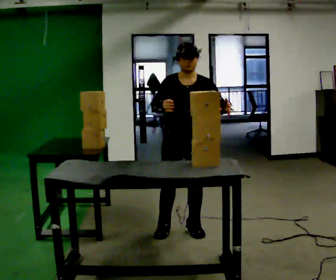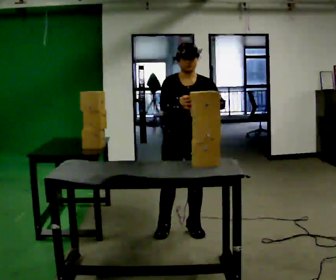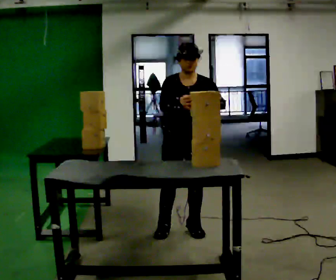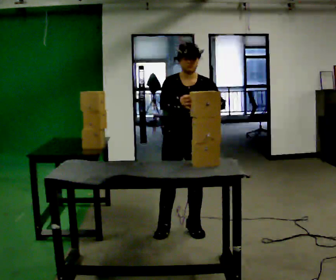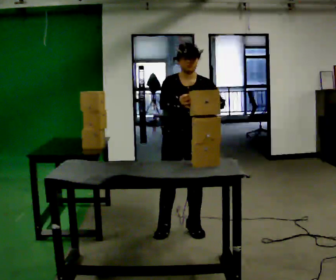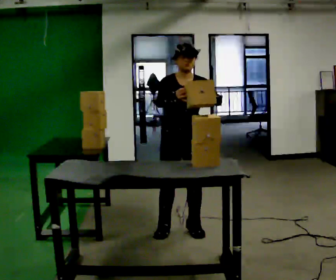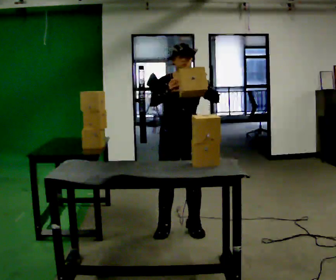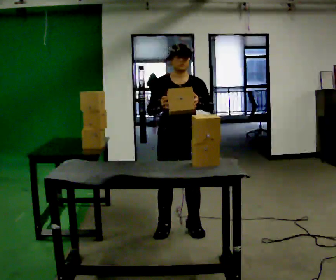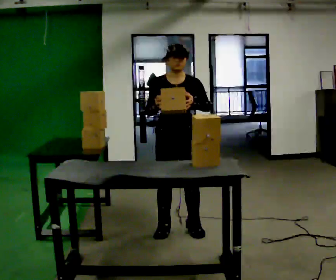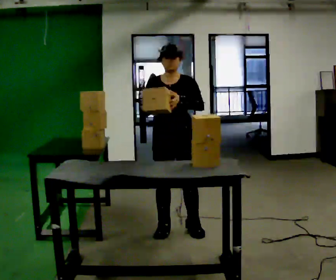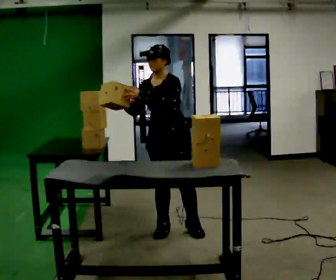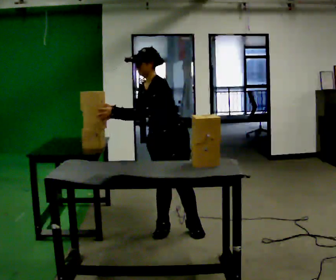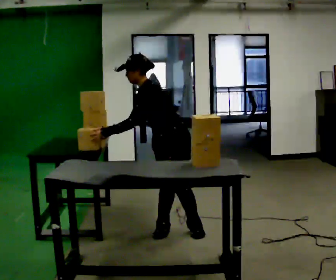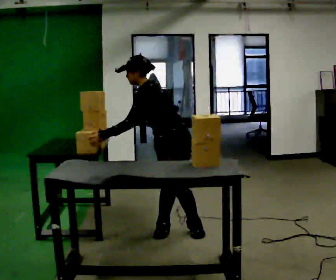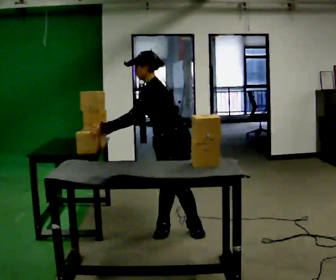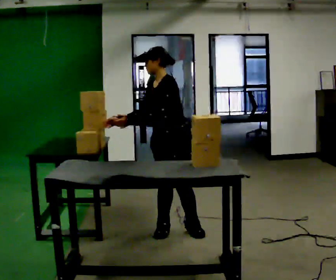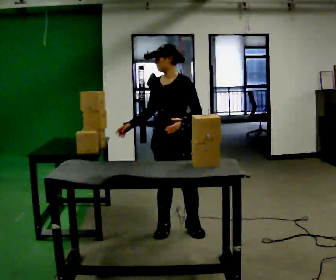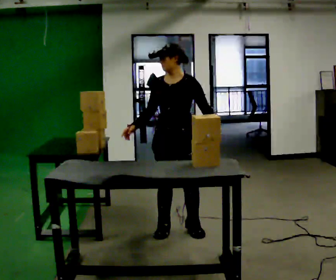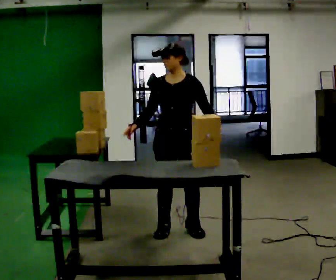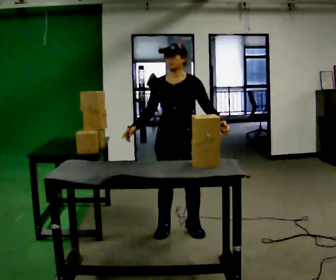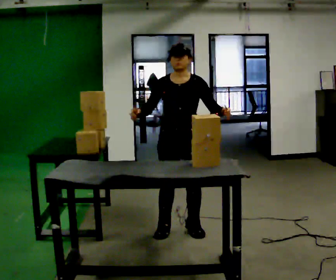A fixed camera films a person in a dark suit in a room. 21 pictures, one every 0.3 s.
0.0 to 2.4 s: The person moves a little, or ends about where they began.
2.4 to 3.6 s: The person turns about 75 degrees to their right, clockwise seen from above, so the part of the body nearest the lens slides to the left. In the picture the upper body tilts counterclockwise, shoulders to the left, as they bend forward. In the picture their left hand goes to the left.
3.6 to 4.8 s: The part of the body nearest the lens slides to the right as the person turns to their left by about 30 degrees. In the picture the upper body tilts clockwise, shoulders to the right, as they lean back or straighten. In the picture their left hand goes to the right.
4.8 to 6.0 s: Seen from above the body turns counterclockwise, about 30 degrees: to their left, with its near side sliding to the right. In the picture their left hand goes to the right.
The film runs backward here.
